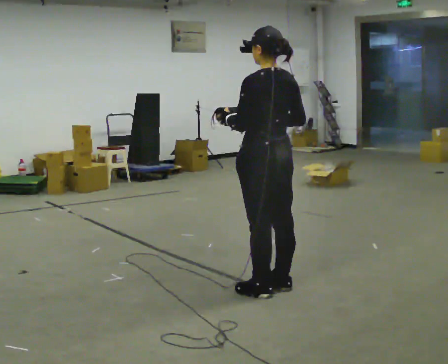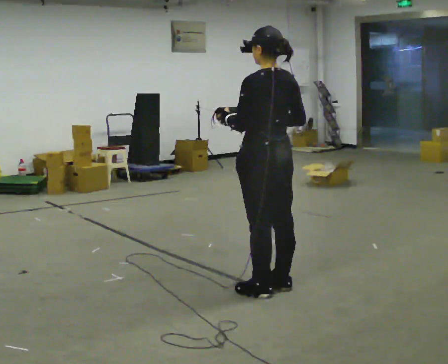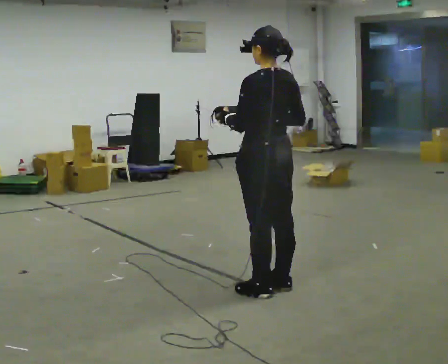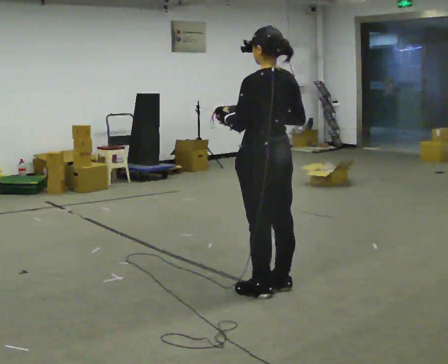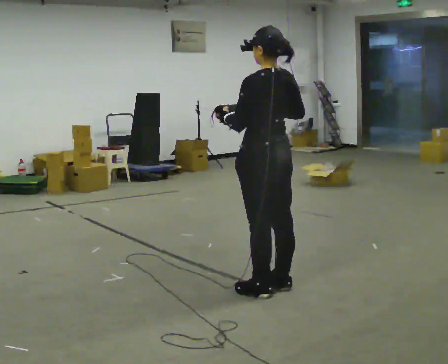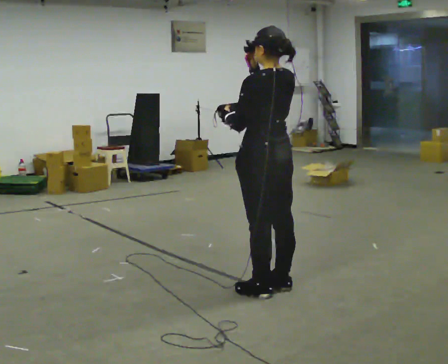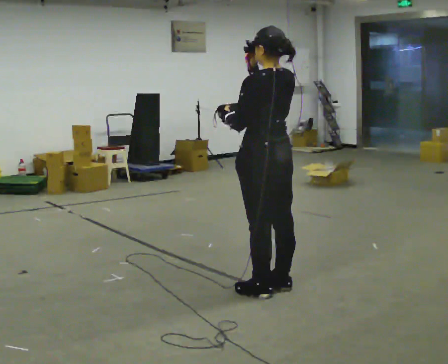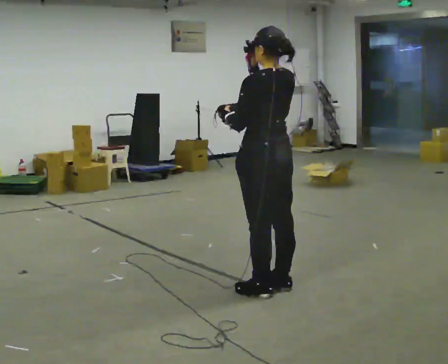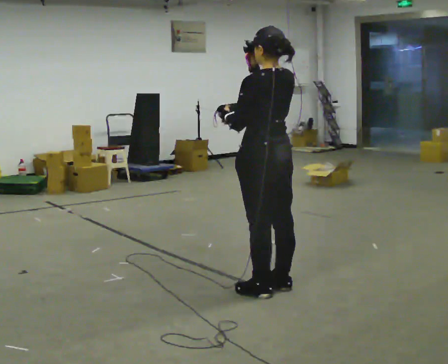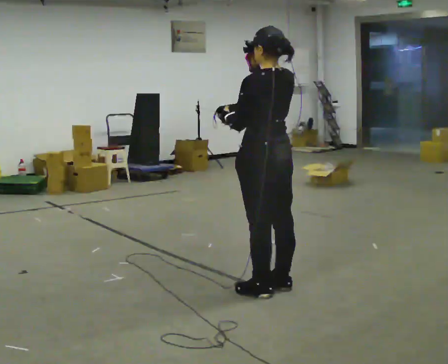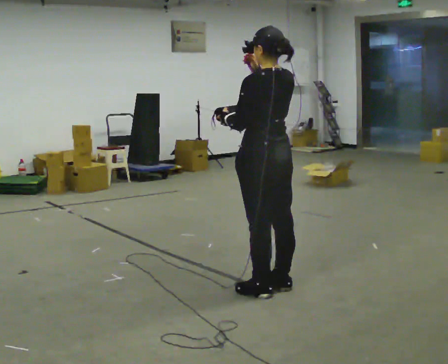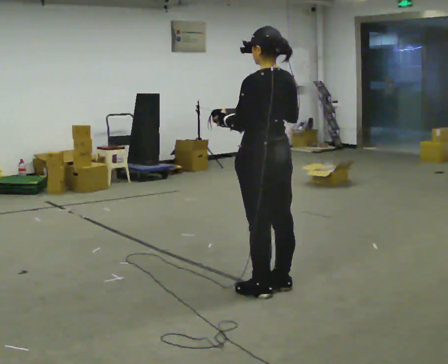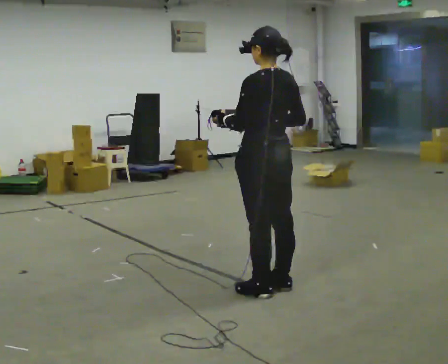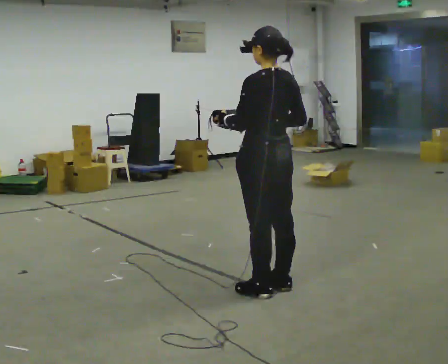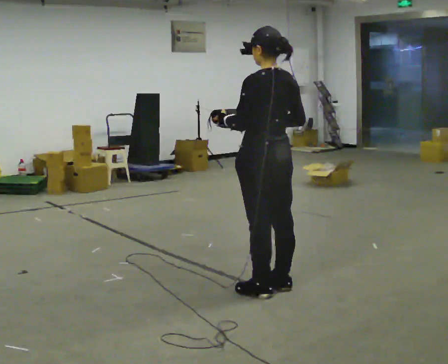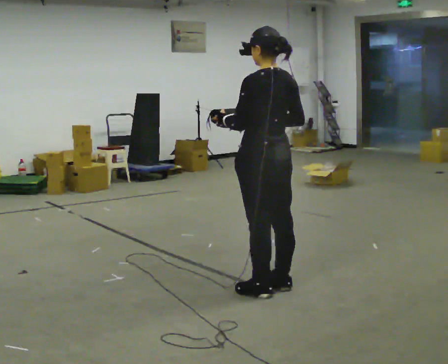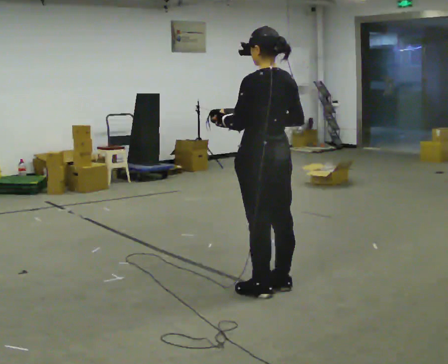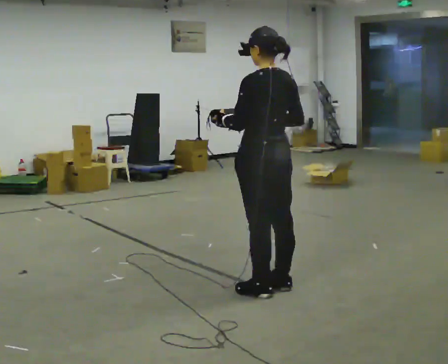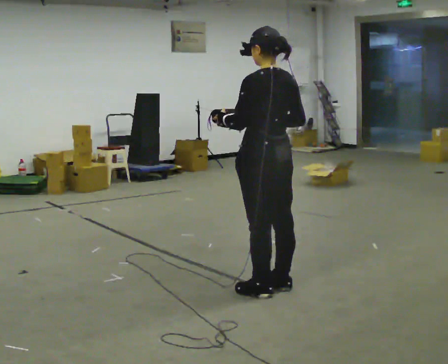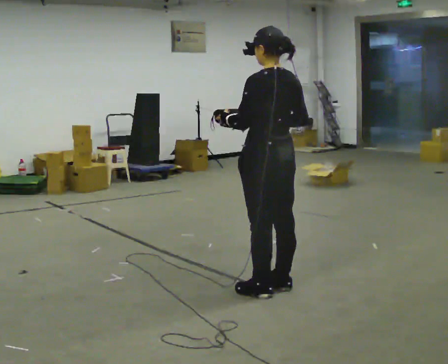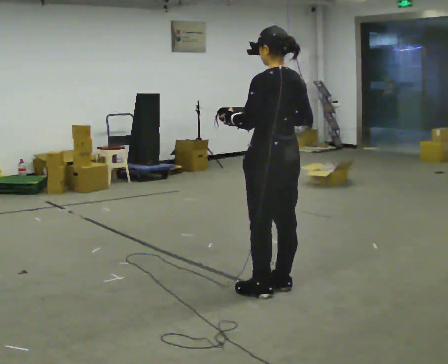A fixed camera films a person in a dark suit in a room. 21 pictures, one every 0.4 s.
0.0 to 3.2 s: In the picture their right hand goes upward.
3.2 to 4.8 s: In the picture their right hand goes downward.
4.8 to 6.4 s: The person keeps their place and pose.
6.4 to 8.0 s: The person moves a little, or ends about where they began.
The film runs backward here.
